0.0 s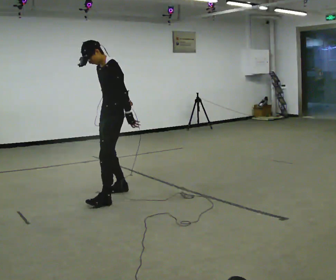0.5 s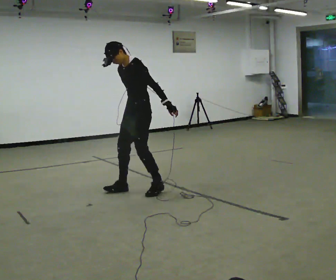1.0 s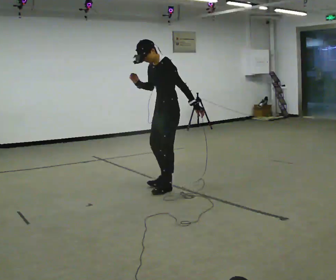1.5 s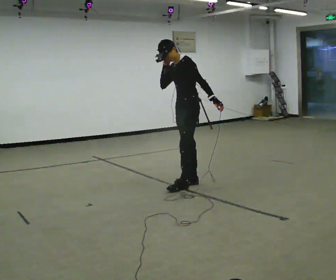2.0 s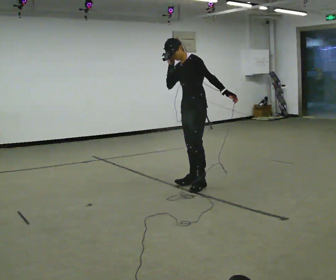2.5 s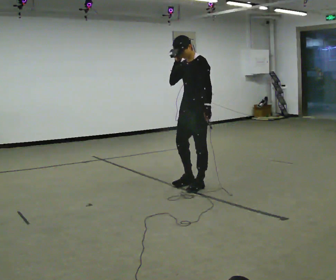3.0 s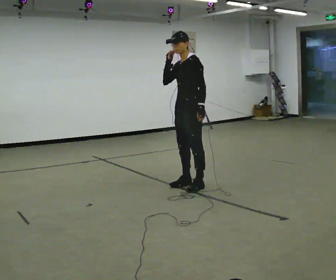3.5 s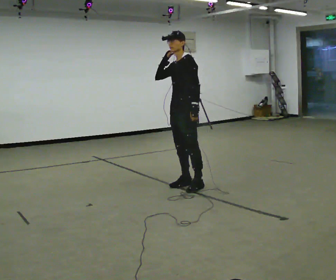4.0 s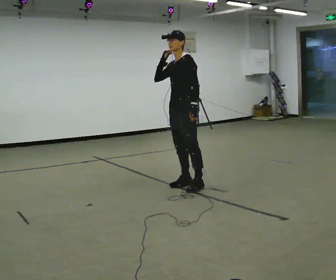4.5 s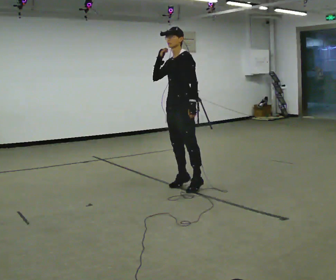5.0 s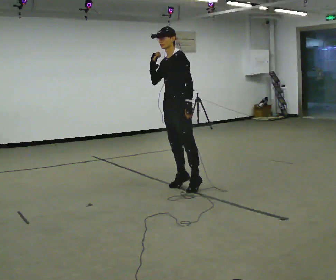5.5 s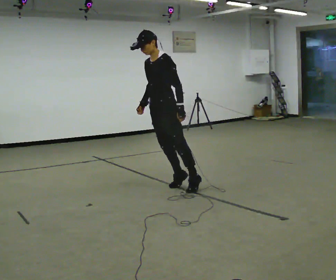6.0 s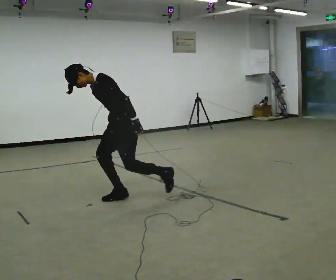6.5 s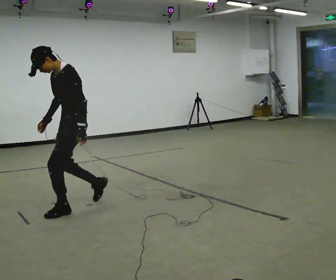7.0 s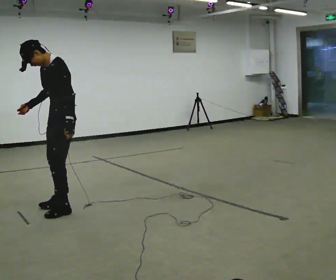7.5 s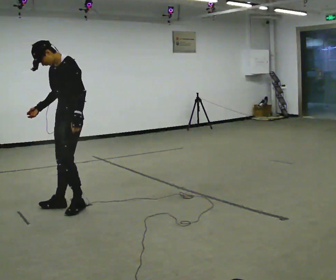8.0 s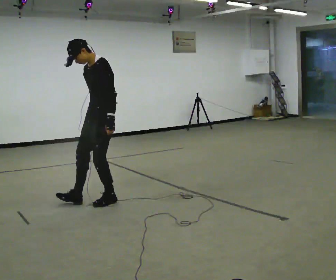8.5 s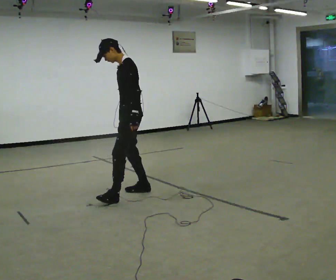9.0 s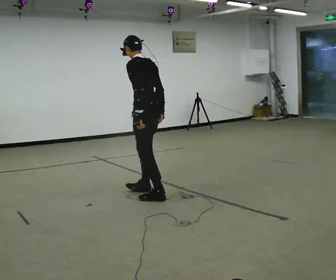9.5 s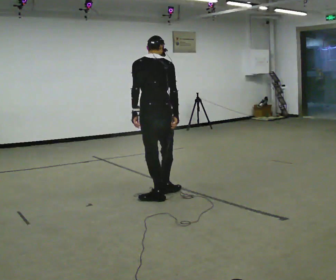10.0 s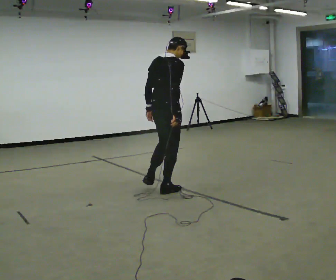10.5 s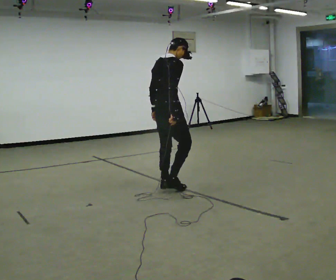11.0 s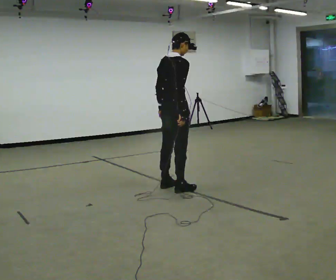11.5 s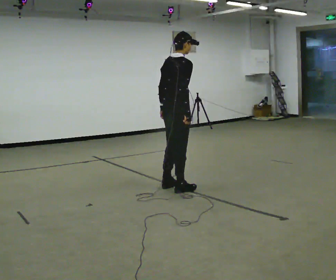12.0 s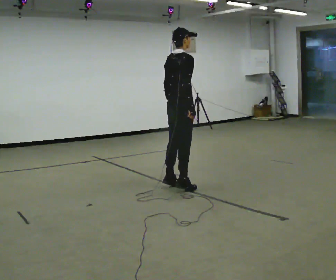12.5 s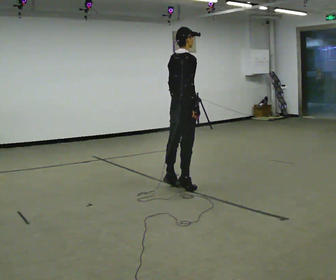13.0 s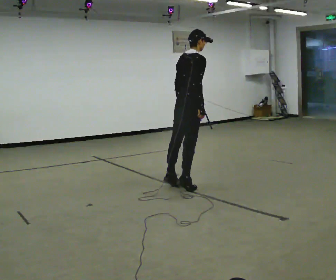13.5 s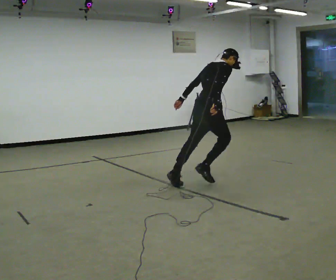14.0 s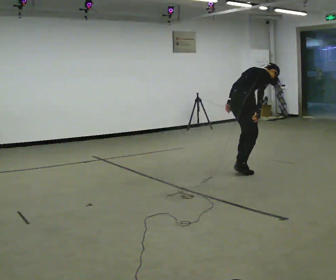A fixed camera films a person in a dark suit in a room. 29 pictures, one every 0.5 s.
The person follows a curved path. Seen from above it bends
clockwise.
0.0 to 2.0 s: In the picture they go to the right, about 1 m in 3 steps, which for them is backward. In the picture their right hand goes upward.
2.0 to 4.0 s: In the picture they go to the left, about 0.25 m, which for them is forward. In the picture their left hand goes to the left.
4.0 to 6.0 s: In the picture they go to the left, about 1 m in 1 step, which for them is forward. In the picture the upper body tilts counterclockwise, shoulders to the left, as they bend forward. In the picture their right hand goes downward.
6.0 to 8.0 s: In the picture they go to the left, about 0.25 m in 3 steps, which for them is forward. In the picture the upper body tilts clockwise, shoulders to the right, as they lean back or straighten.
8.0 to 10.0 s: The person turns about 165 degrees to their right, clockwise seen from above, so the part of the body nearest the lens slides to the left. In the picture they go to the right, about 0.75 m in 3 steps.
10.0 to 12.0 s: In the picture they go to the right, about 0.25 m in 2 steps, which for them is forward.
12.0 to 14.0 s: In the picture they go to the right, about 1 m in 1 step, which for them is forward.
The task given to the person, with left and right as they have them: Stand on the marked spots and rise up onto your toes. Stay up until you start to topple forward, then step to catch yourself. Repeat at your own pace until the operator says stop. Go slowly and only as far as you are comfortable. Step whenever you need to; do not try to hold on longer than feels safe.
The film runs forward here.
